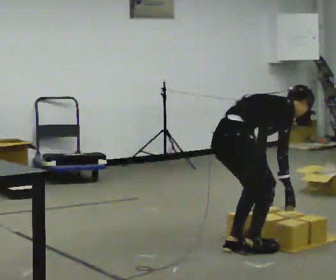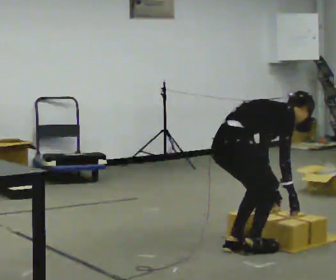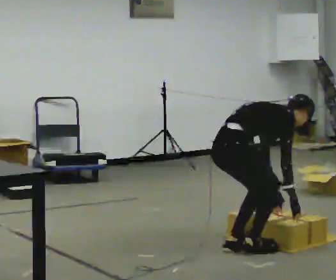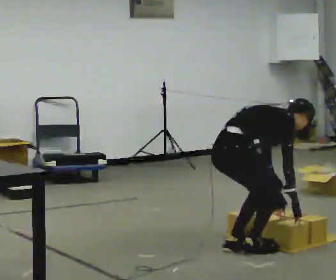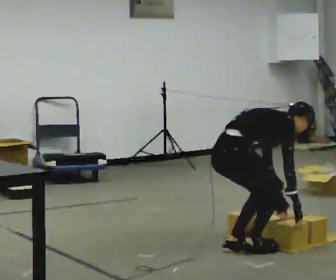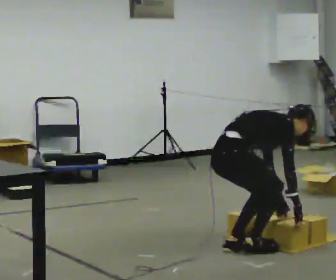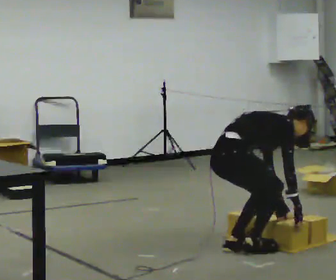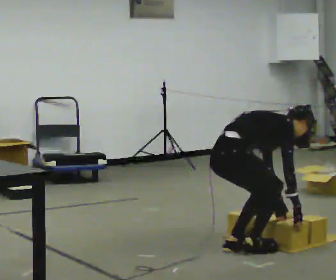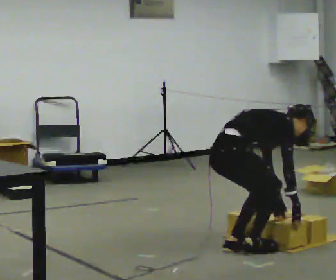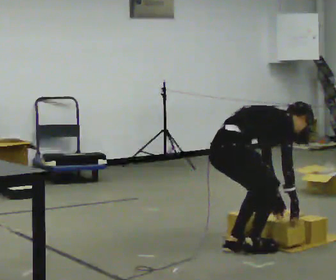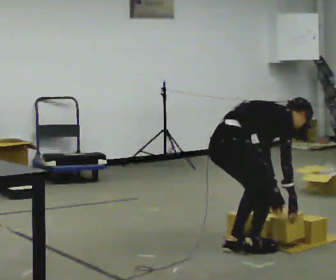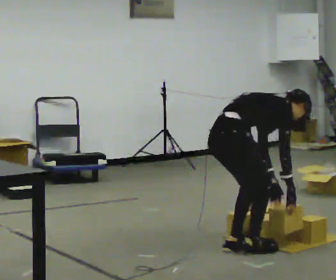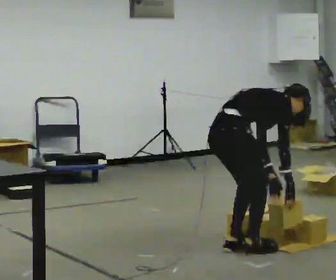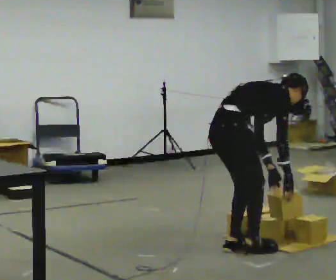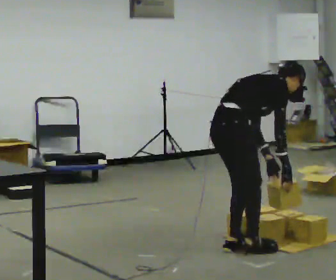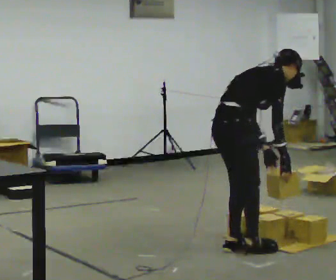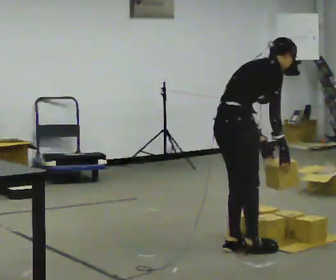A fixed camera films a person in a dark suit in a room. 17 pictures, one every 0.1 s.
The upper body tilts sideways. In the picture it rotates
counterclockwise.
0.0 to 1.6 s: In the picture the upper body tilts counterclockwise, shoulders to the left, as they lean back or straighten.
The film runs forward here.
